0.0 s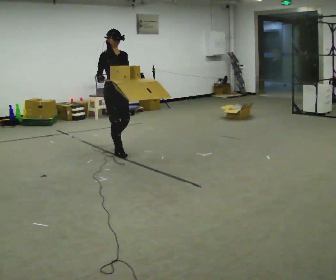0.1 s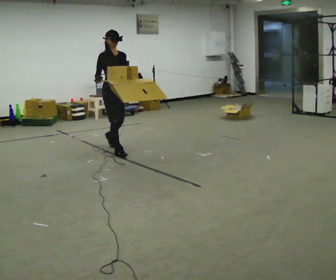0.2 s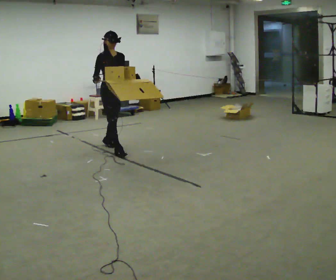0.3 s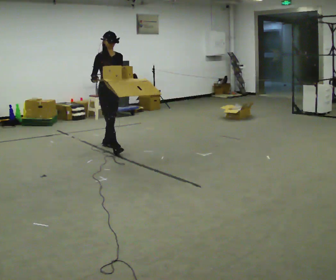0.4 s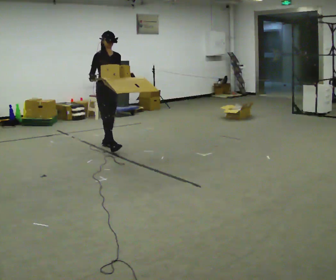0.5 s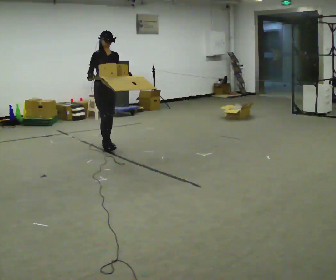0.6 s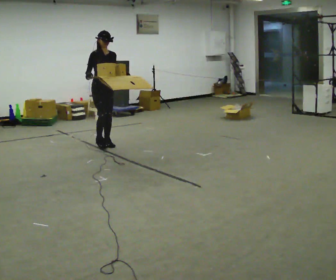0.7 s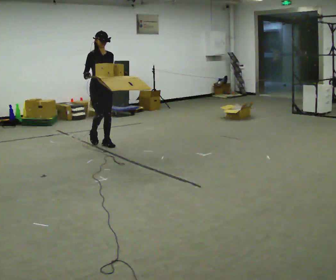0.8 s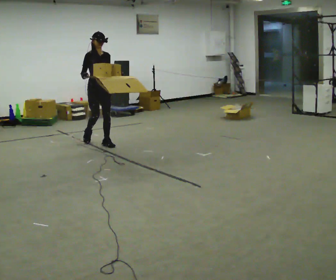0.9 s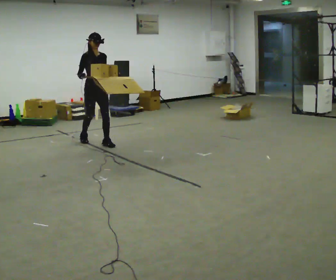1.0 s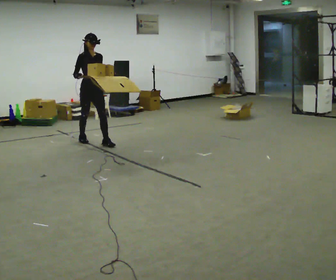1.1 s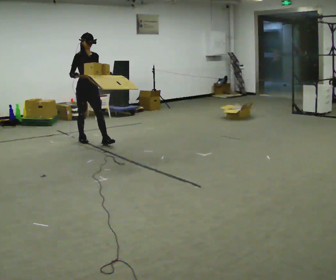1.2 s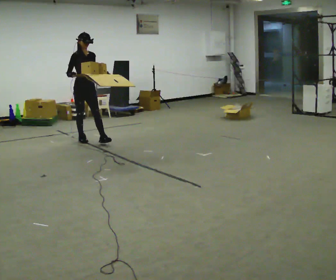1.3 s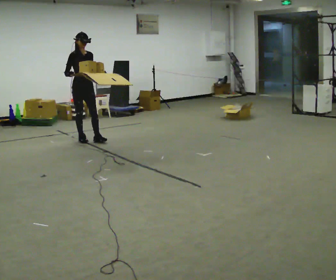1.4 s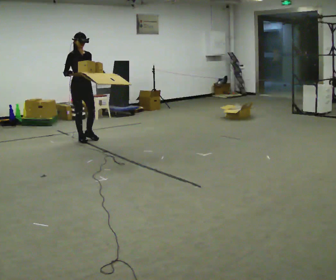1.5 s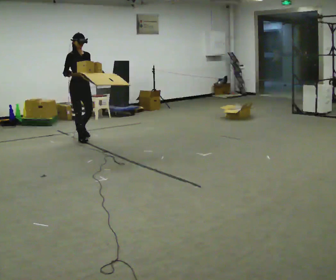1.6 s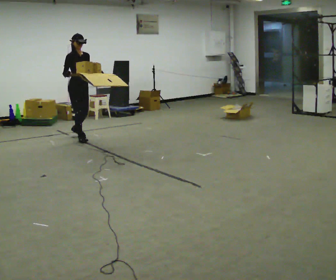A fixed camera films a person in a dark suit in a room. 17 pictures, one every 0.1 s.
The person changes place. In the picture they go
away from the camera.
0.0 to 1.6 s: In the picture they go away from the camera and to the left, about 1 m in 2 steps, which for them is backward.
The film runs backward here.
